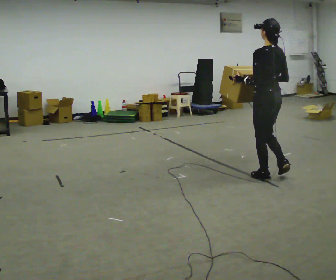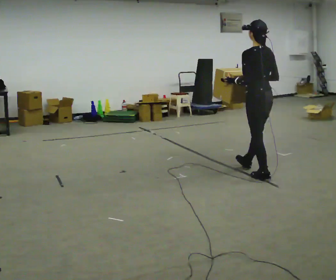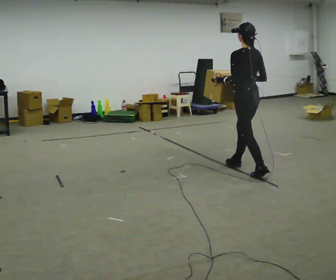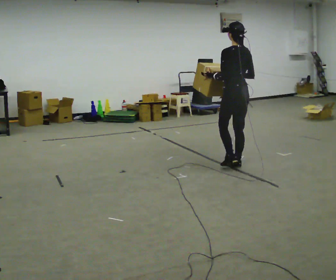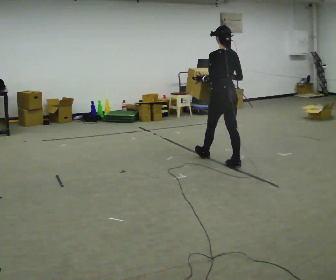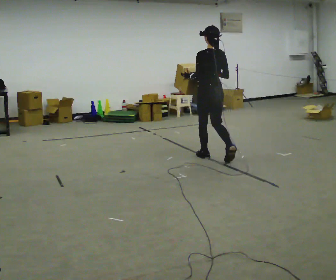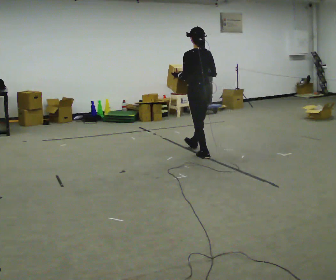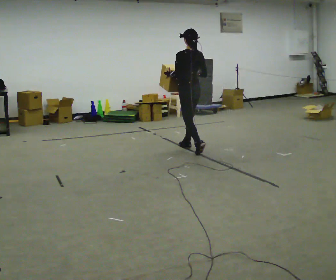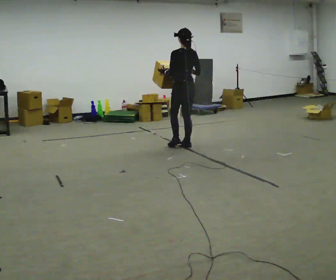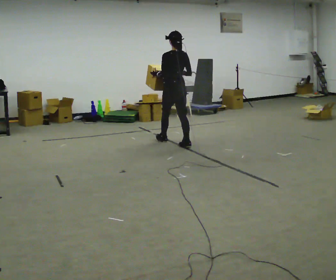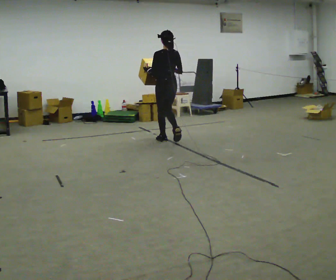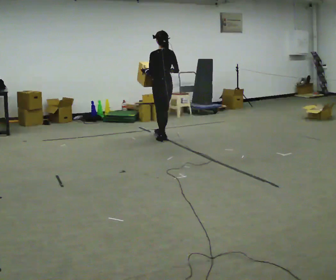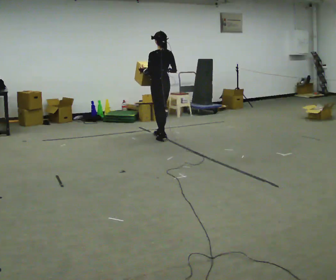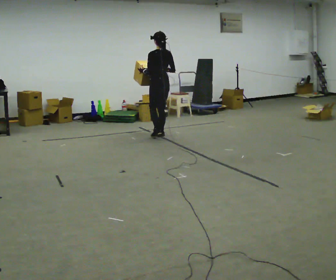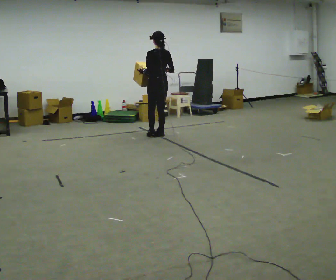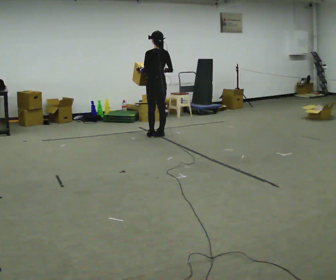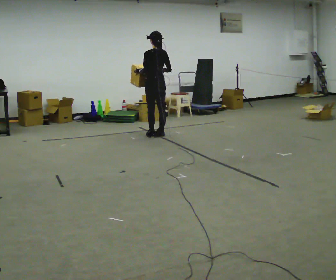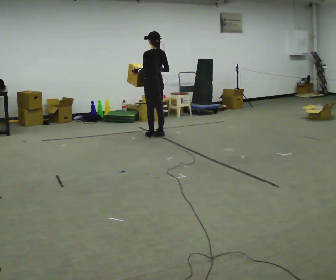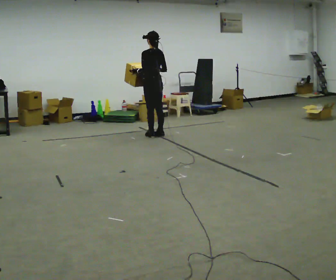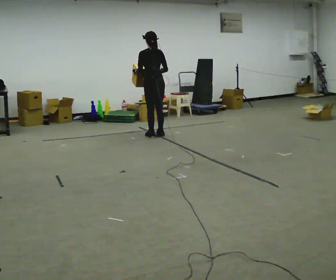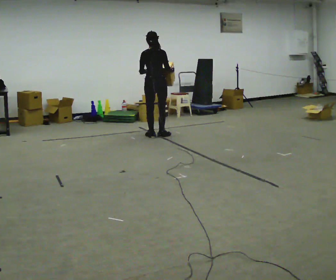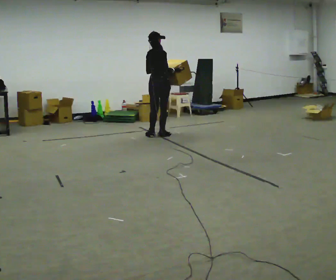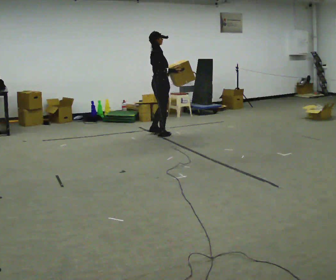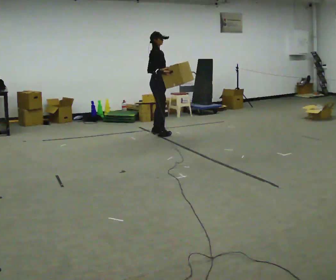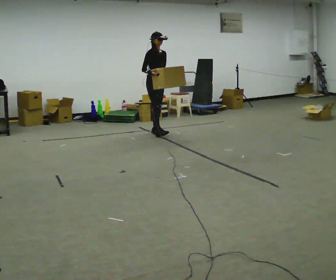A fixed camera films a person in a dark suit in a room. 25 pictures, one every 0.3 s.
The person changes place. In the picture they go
away from the camera.
0.0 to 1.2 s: In the picture they go away from the camera and to the left, about 1 m in 1 step, which for them is forward.
1.2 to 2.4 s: In the picture they go away from the camera and to the left, about 1 m in 2 steps, which for them is forward.
2.4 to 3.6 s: In the picture they go away from the camera and to the left, about 0.75 m in 2 steps, which for them is forward.
3.6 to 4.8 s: The person moves a little, or ends about where they began.
4.8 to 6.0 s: The person turns about 45 degrees to their right, clockwise seen from above, so the part of the body nearest the lens slides to the left.
6.0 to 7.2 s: Seen from above the body turns clockwise, about 120 degrees: to their right, with its near side sliding to the left. In the picture they go away from the camera, about 0.25 m in 1 step.
The film runs forward here.
